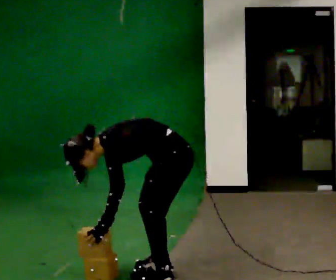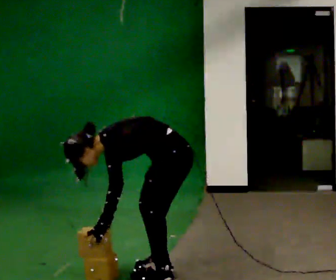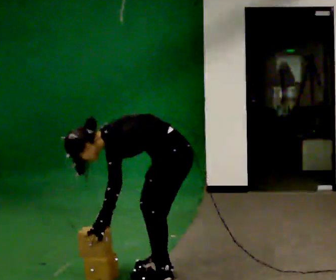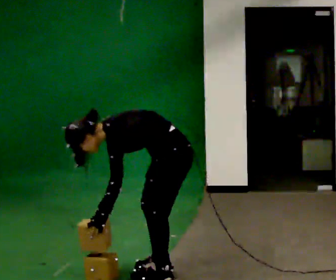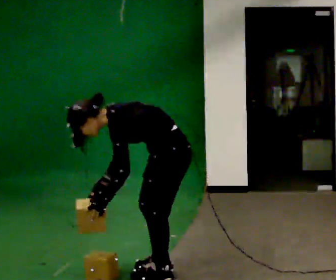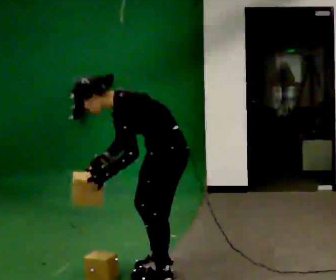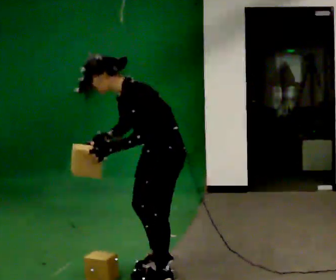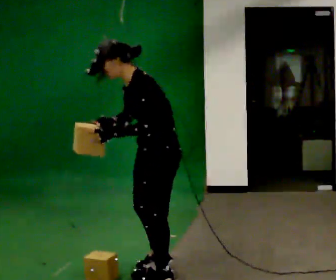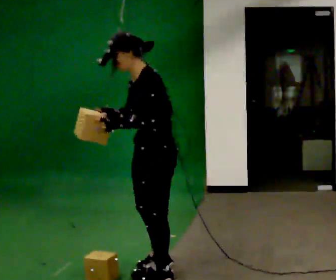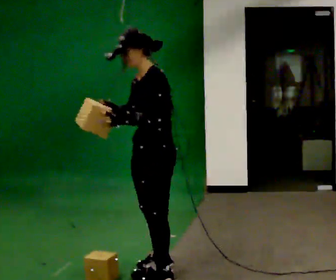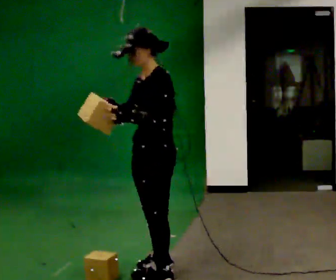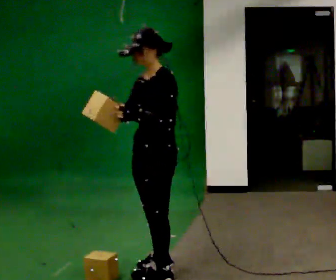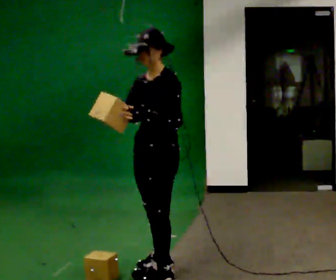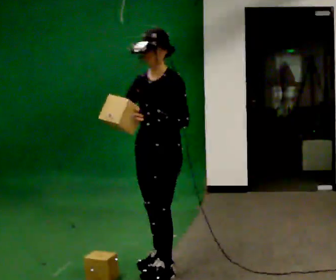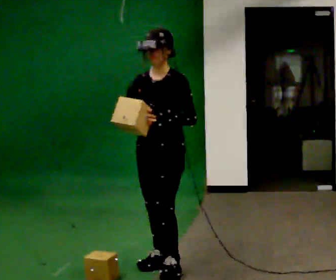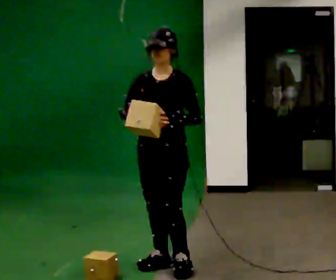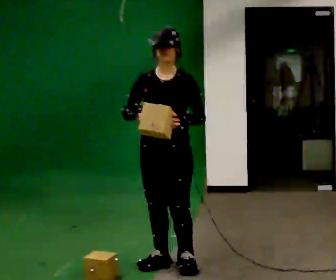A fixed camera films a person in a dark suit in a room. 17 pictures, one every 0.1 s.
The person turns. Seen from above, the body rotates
counterclockwise.
Their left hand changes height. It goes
upward.
0.0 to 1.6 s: Seen from above the body turns counterclockwise, about 60 degrees: to their left, with its near side sliding to the right. The upper body goes upward. In the picture the upper body tilts clockwise, shoulders to the right, as they lean back or straighten. In the picture their right hand goes upward.
The film runs forward here.
